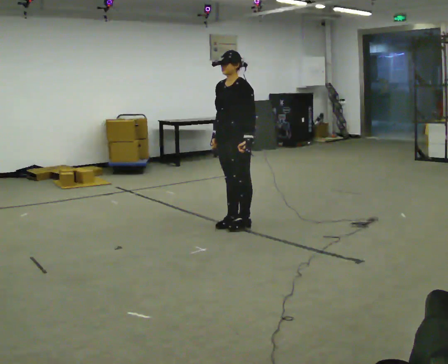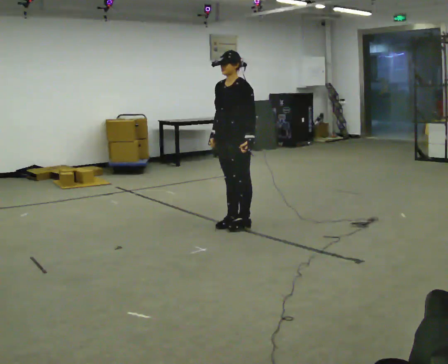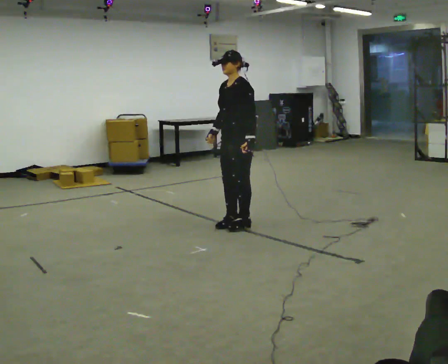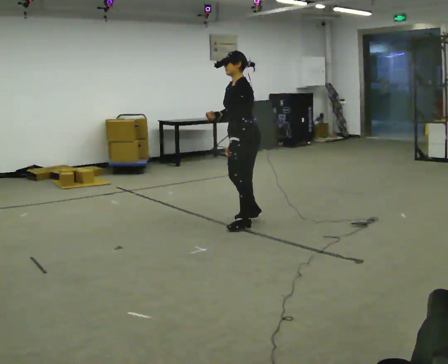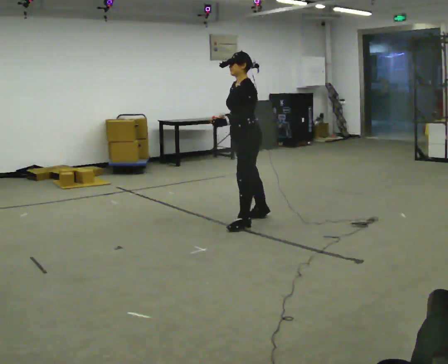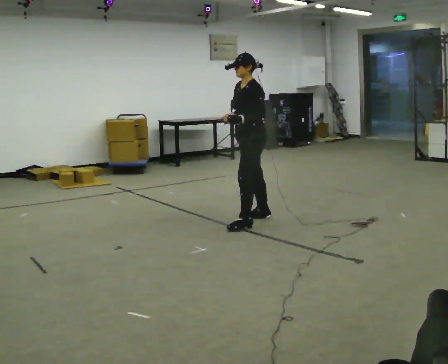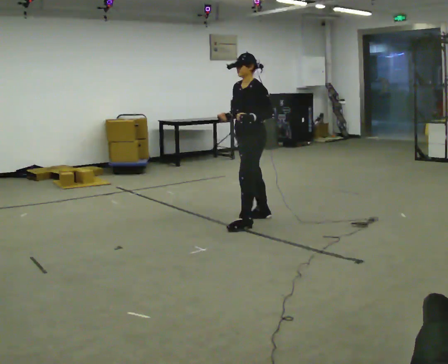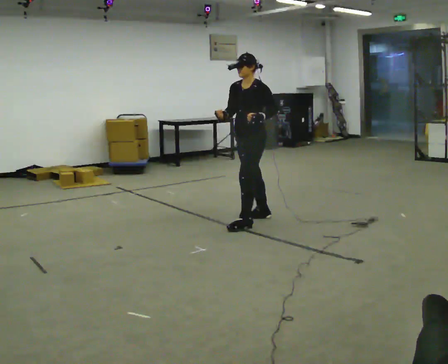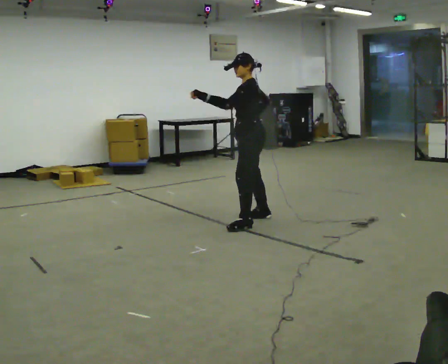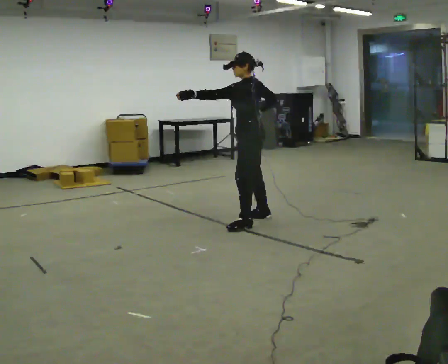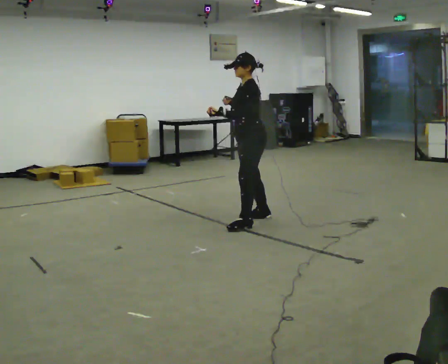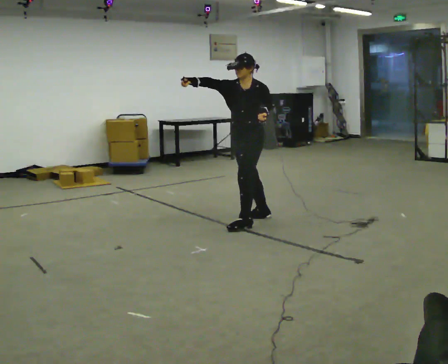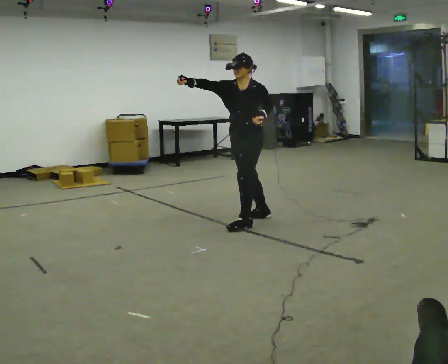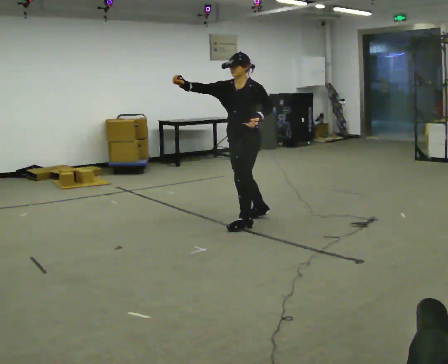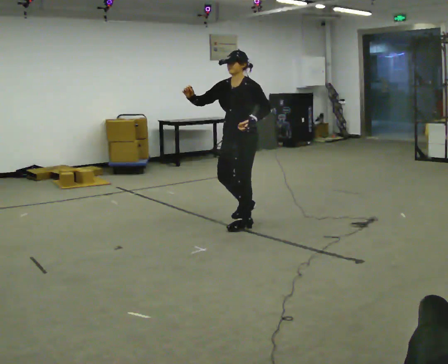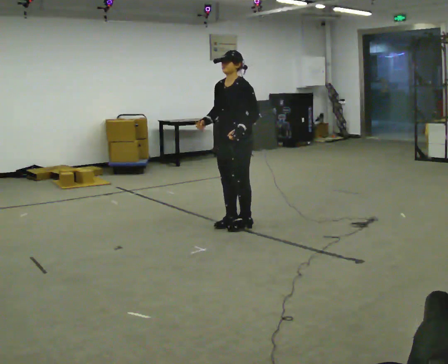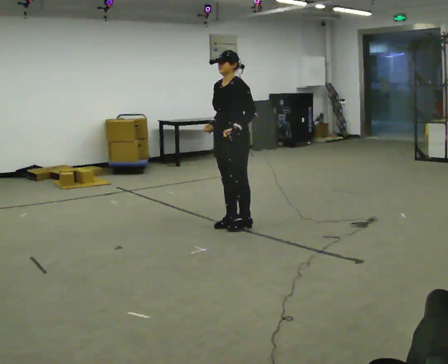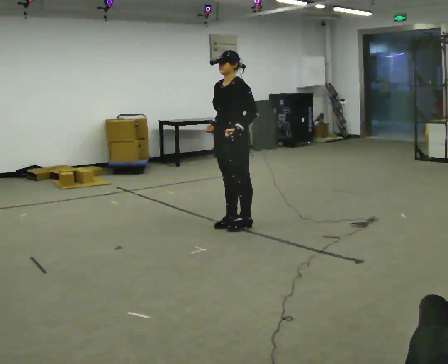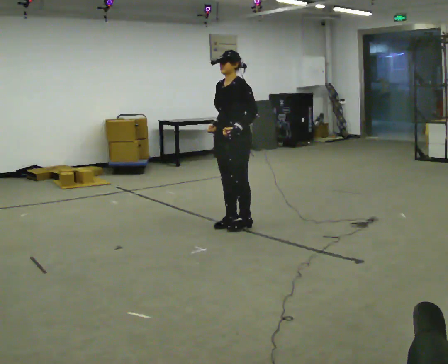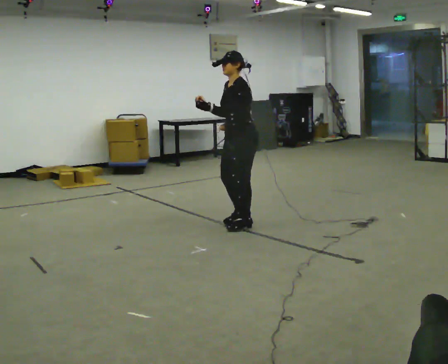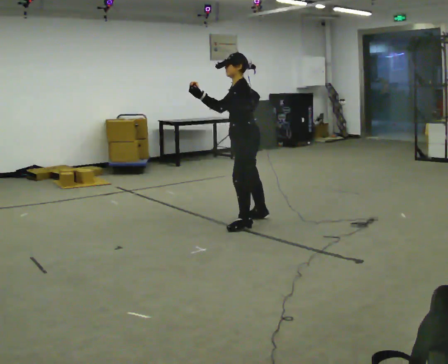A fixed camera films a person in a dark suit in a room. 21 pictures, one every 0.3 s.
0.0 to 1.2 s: The person turns about 30 degrees to their right, clockwise seen from above, so the part of the body nearest the lens slides to the left.
1.2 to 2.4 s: The person moves a little, or ends about where they began.
2.4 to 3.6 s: Seen from above the body turns counterclockwise, about 60 degrees: to their left, with its near side sliding to the right. In the picture their right hand goes to the left and upward.
3.6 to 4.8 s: In the picture they go toward the camera, about 0.25 m in 1 step, which for them is forward. In the picture their right hand goes downward, the arm swinging counterclockwise.
4.8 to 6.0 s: Seen from above the body turns clockwise, about 30 degrees: to their right, with its near side sliding to the left. In the picture their left hand goes to the left and upward, the arm swinging clockwise.
The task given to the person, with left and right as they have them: Mimic boxing into the air at moderate speed with both hands, moving your feet only a little. Stay controlled; do not punch at full speed.
The film runs forward here.
